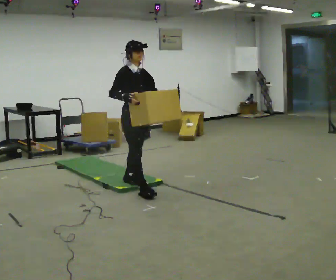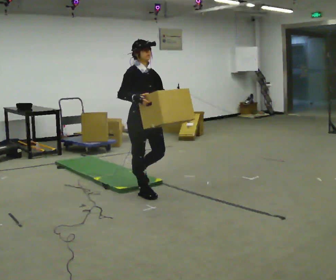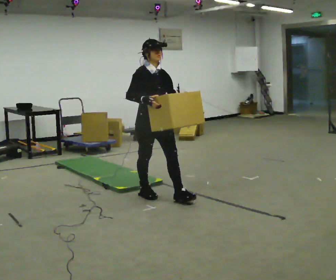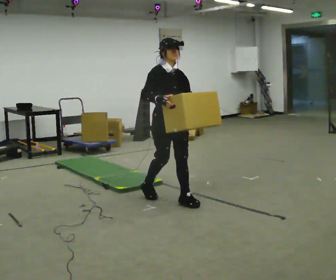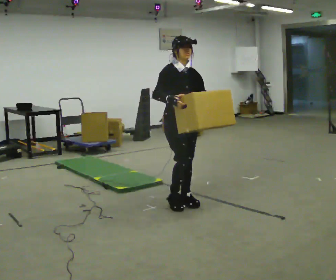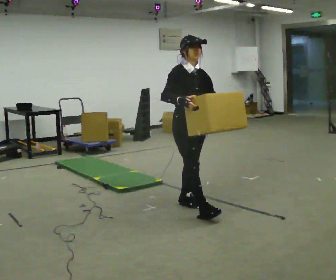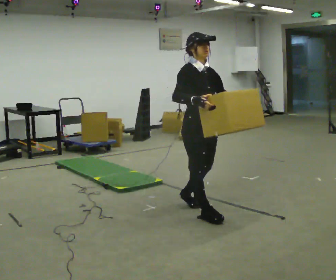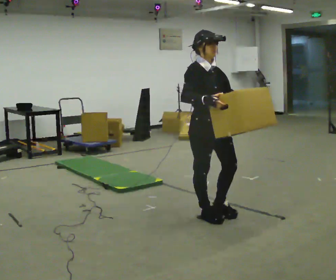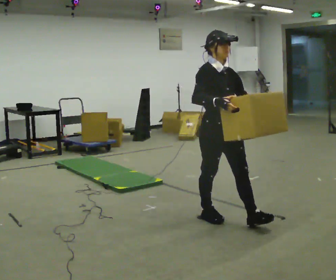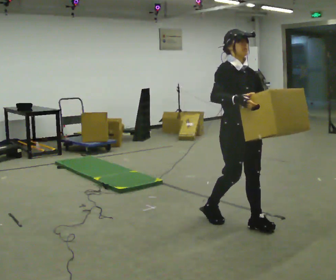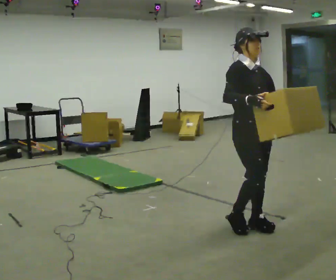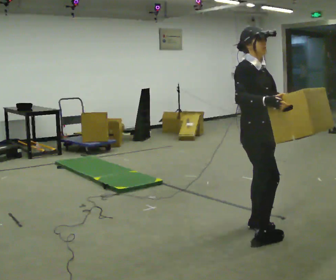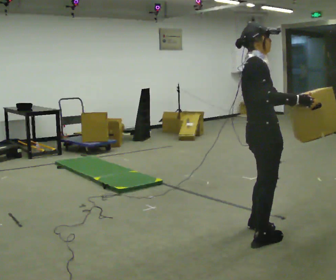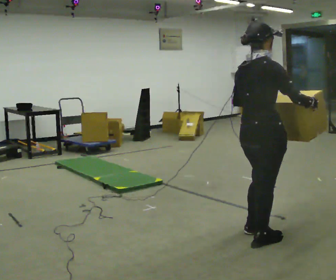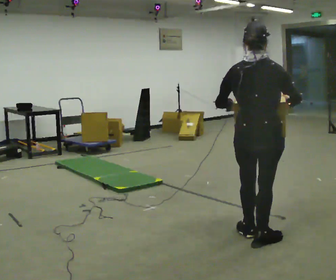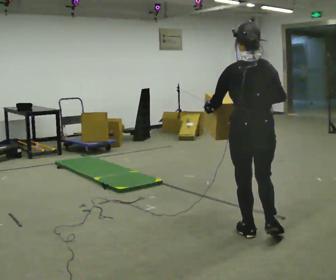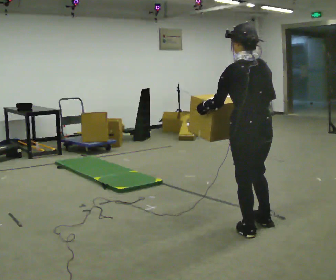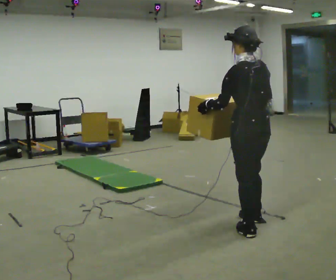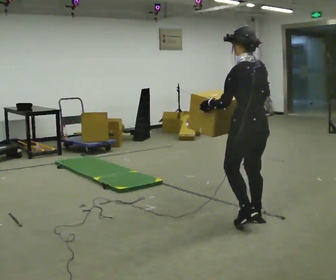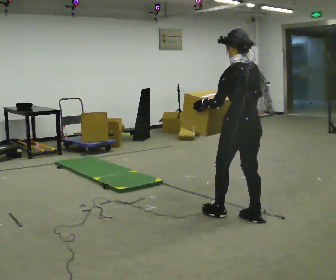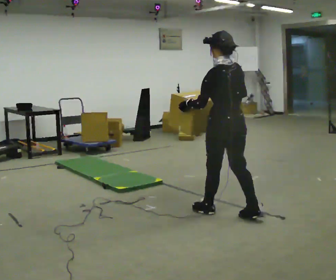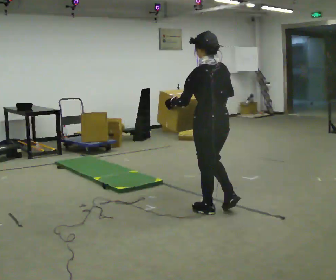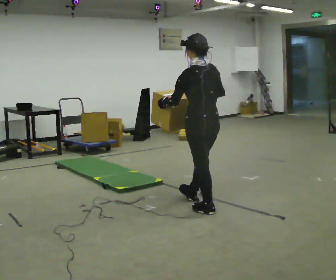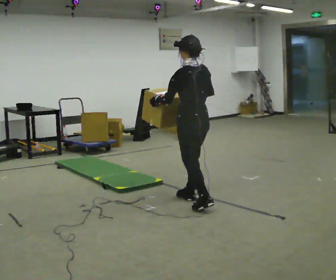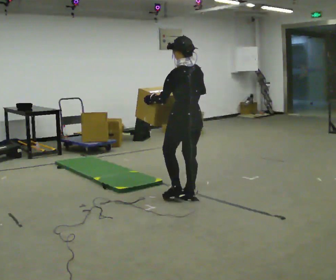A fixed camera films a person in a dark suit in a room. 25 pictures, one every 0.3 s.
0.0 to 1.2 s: In the picture they go to the right and toward the camera, about 0.75 m in 1 step, which for them is forward.
1.2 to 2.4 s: In the picture they go toward the camera and to the right, about 0.5 m in 2 steps, which for them is forward.
2.4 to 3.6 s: The part of the body nearest the lens slides to the right as the person turns to their left by about 45 degrees. In the picture they go toward the camera and to the right, about 0.5 m in 1 step, which for them is forward.
3.6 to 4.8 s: Seen from above the body turns counterclockwise, about 120 degrees: to their left, with its near side sliding to the right. In the picture they go away from the camera, about 0.25 m in 1 step. In the picture their right hand goes to the left.
4.8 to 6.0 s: In the picture they go away from the camera and to the left, about 0.5 m in 2 steps, which for them is forward.
6.0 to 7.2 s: In the picture they go away from the camera and to the left, about 0.5 m in 1 step, which for them is forward.
The film runs forward here.
